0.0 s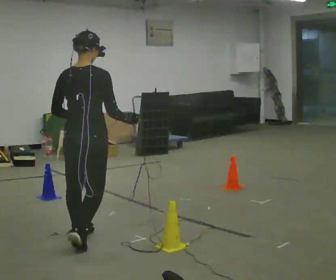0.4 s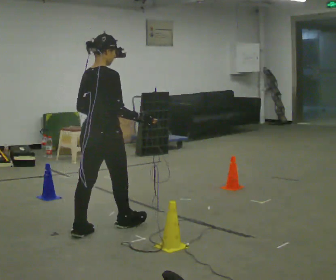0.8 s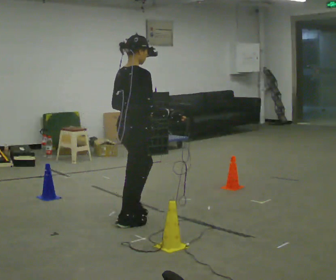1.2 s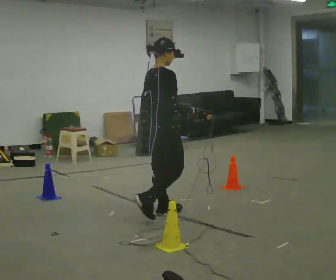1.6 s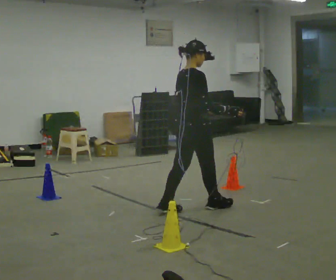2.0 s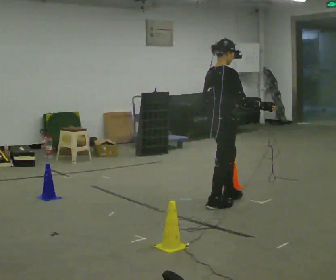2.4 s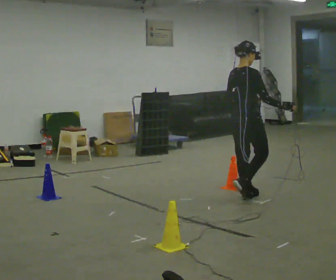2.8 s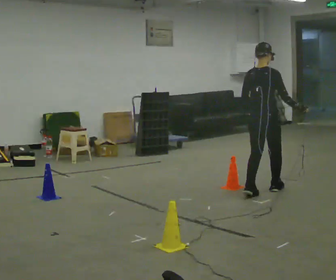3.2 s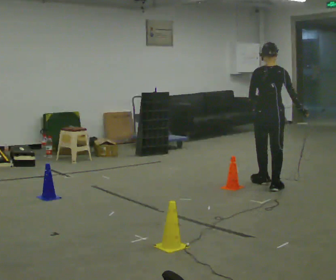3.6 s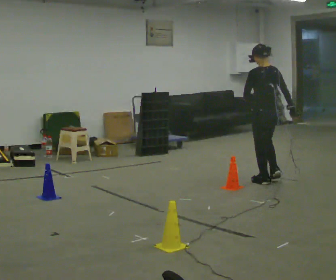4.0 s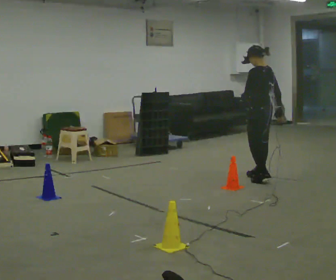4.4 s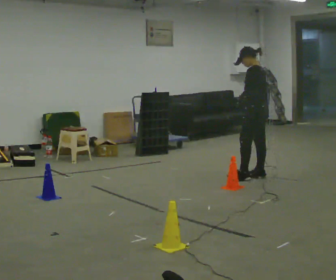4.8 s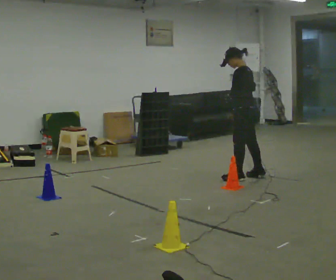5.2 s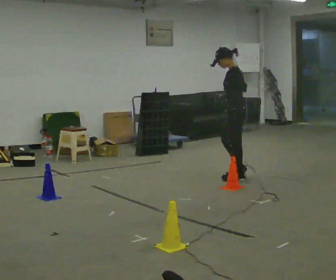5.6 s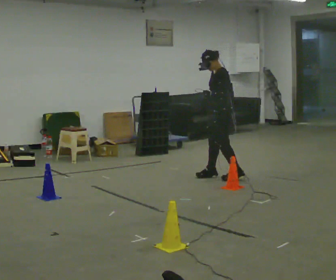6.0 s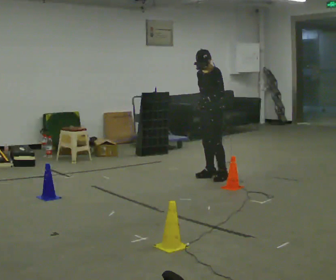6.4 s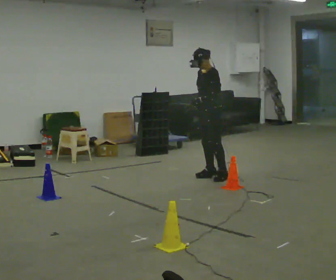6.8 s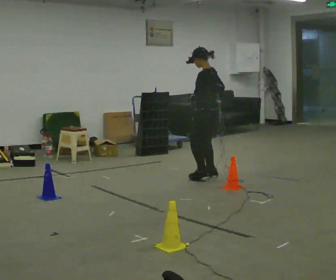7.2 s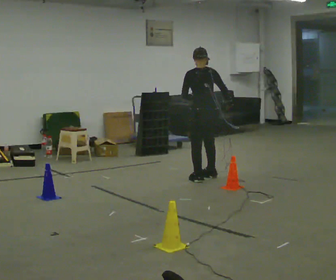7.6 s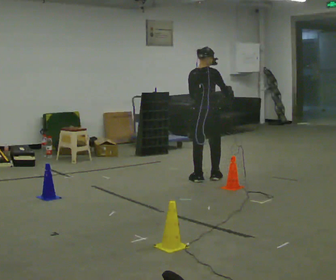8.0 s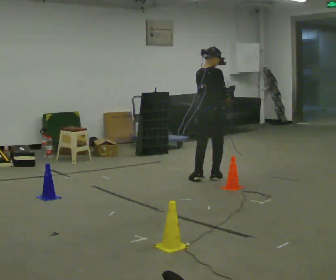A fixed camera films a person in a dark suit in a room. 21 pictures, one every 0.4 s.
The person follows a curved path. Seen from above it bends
counterclockwise.
The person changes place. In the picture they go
away from the camera.
0.0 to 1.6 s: Seen from above the body turns clockwise, about 45 degrees: to their right, with its near side sliding to the left. In the picture they go away from the camera and to the right, about 1 m in 3 steps, which for them is forward.
1.6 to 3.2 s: Seen from above the body turns counterclockwise, about 60 degrees: to their left, with its near side sliding to the right. In the picture they go away from the camera and to the right, about 1 m in 2 steps, which for them is forward.
3.2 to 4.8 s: The part of the body nearest the lens slides to the right as the person turns to their left by about 75 degrees. In the picture they go away from the camera and to the left, about 0.5 m in 3 steps.
4.8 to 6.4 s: Seen from above the body turns counterclockwise, about 45 degrees: to their left, with its near side sliding to the right. In the picture they go to the left, about 0.5 m in 2 steps.
6.4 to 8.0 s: The person turns about 150 degrees to their right, clockwise seen from above, so the part of the body nearest the lens slides to the left.
The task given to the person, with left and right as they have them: Start at marker; visit targets in order; choose natural paths; avoid obstacles; stop at final target.
The film runs forward here.
